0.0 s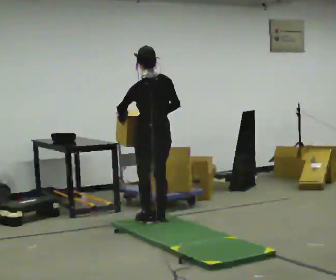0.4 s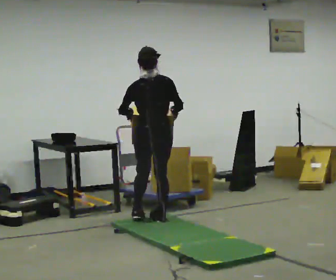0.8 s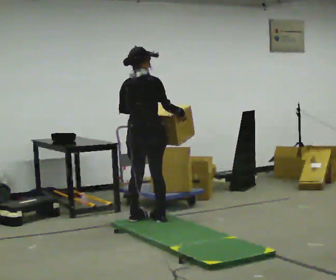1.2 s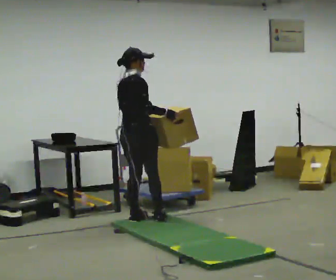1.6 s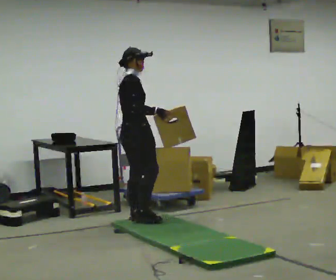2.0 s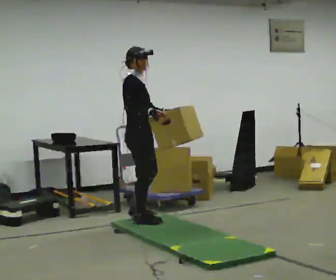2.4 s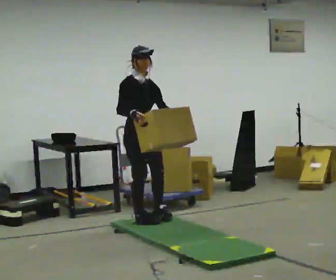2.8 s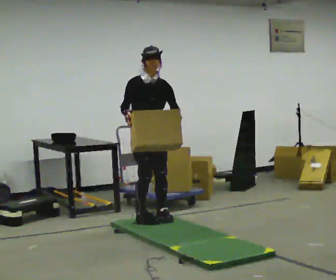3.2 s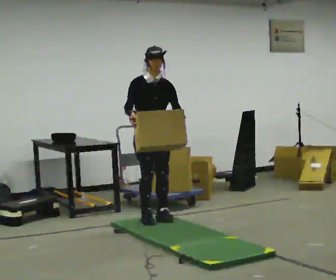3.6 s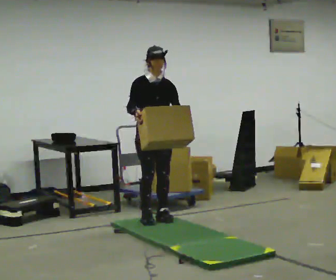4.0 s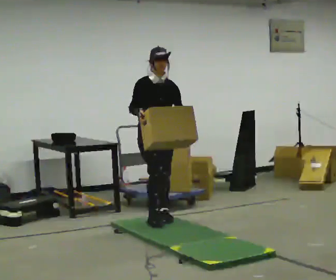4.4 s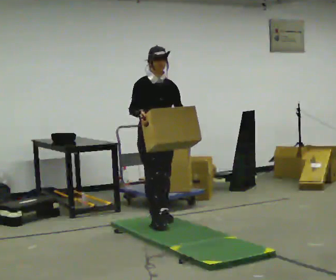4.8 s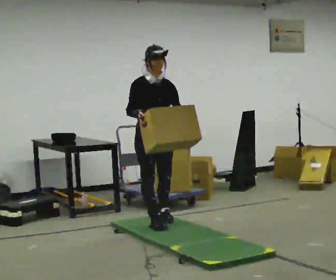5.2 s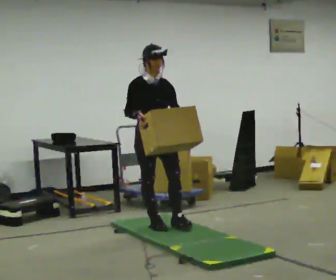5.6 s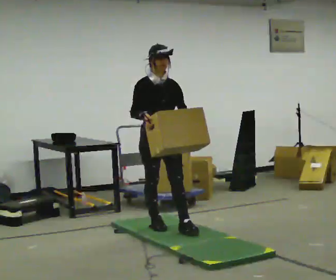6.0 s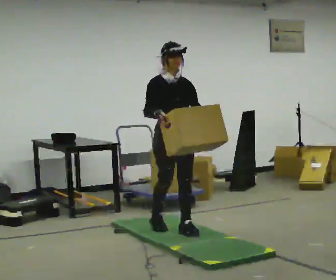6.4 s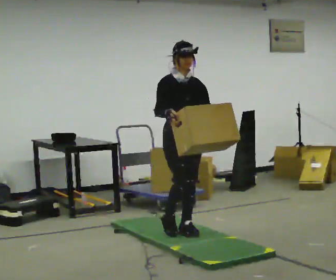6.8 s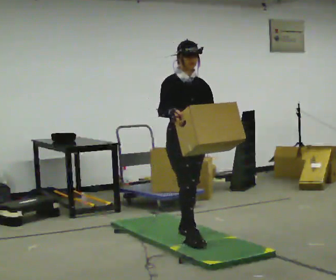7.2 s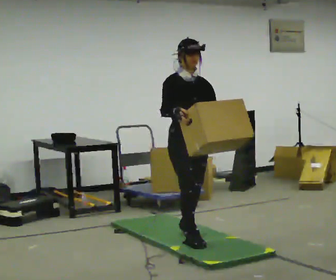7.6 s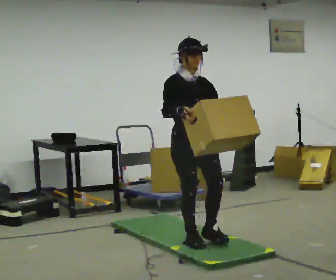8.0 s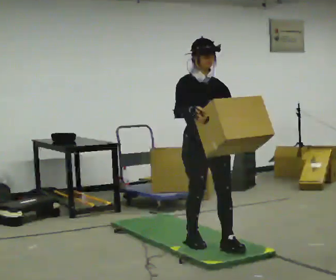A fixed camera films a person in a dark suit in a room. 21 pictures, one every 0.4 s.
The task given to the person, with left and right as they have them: Carry the box across the soft uneven mat, set it down on the far side, then bring it back. Keep going until the operator says stop; one object at a time, and do not rush between trips.
0.0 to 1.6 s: The person turns about 90 degrees to their right, clockwise seen from above, so the part of the body nearest the lens slides to the left. In the picture they go to the left, about 0.25 m in 2 steps.
1.6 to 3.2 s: The part of the body nearest the lens slides to the left as the person turns to their right by about 90 degrees.
3.2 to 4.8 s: In the picture they go toward the camera, about 0.25 m in 1 step, which for them is forward.
4.8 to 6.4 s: In the picture they go toward the camera and to the right, about 0.5 m in 1 step, which for them is forward.
6.4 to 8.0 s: In the picture they go toward the camera, about 0.5 m in 2 steps, which for them is forward.
The film runs forward here.
